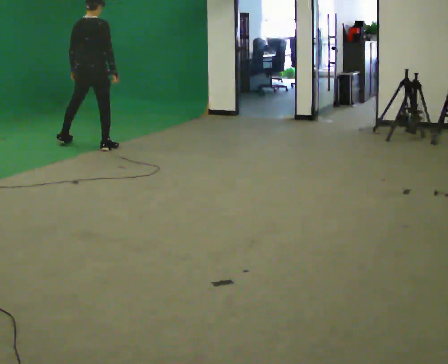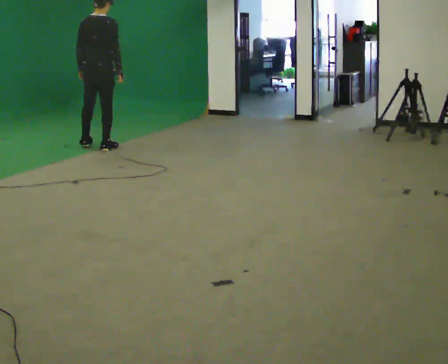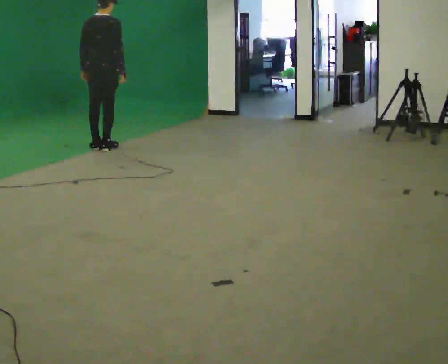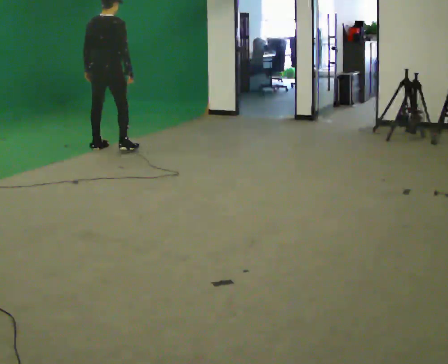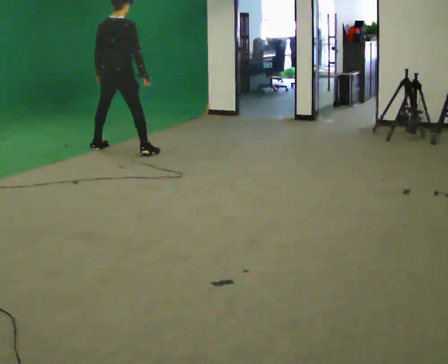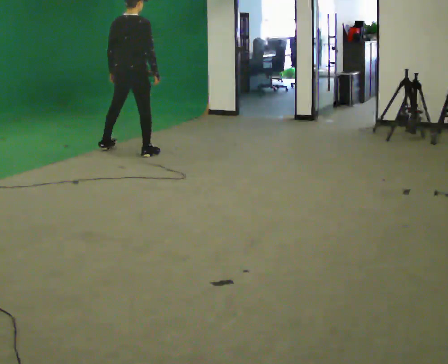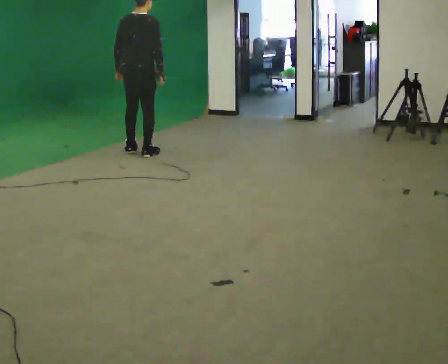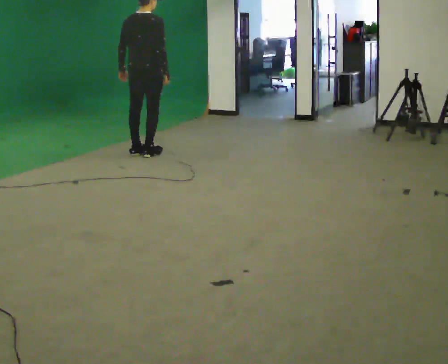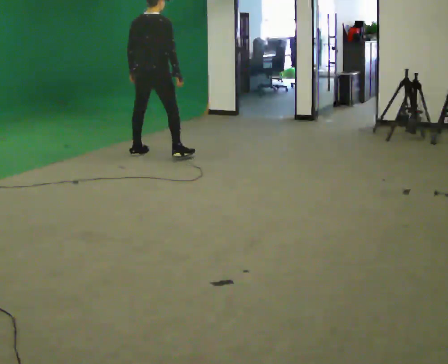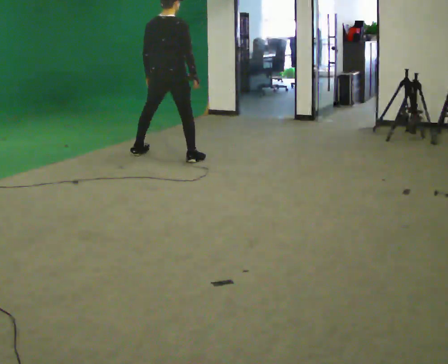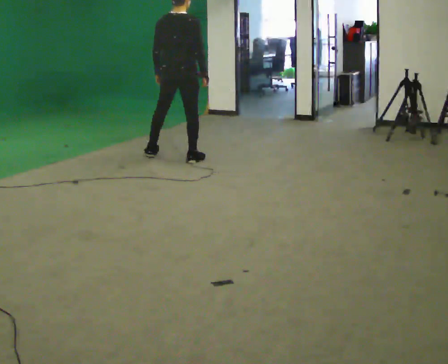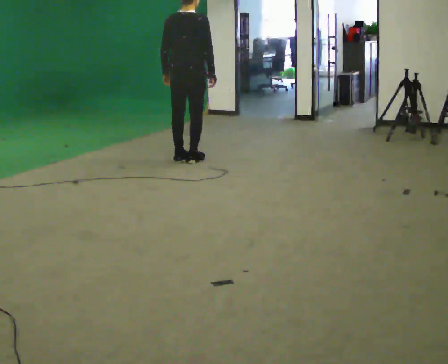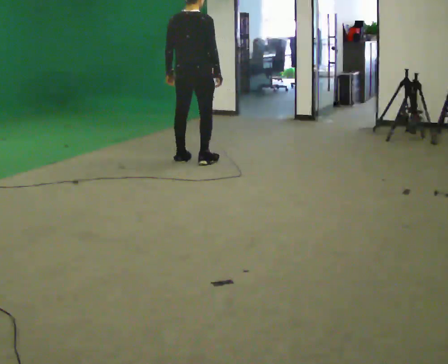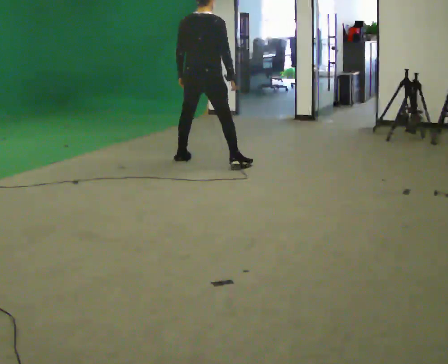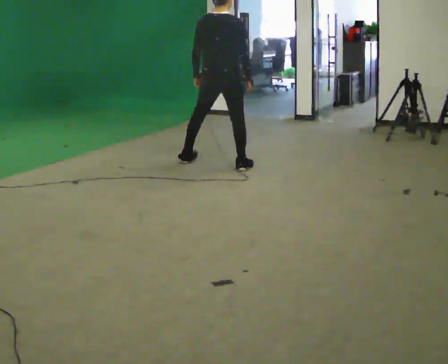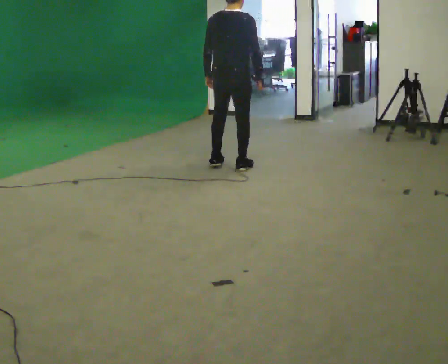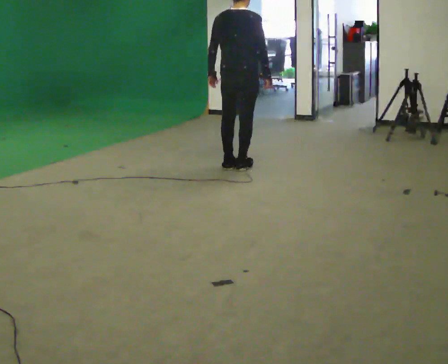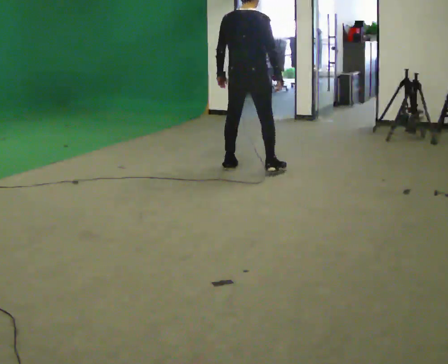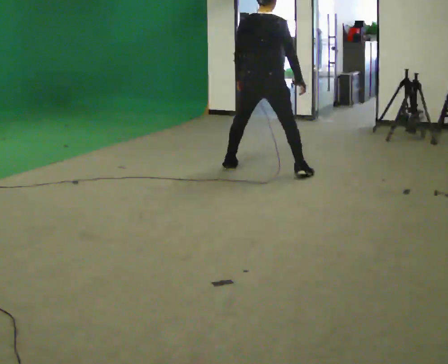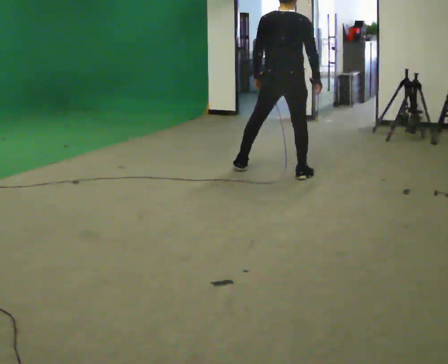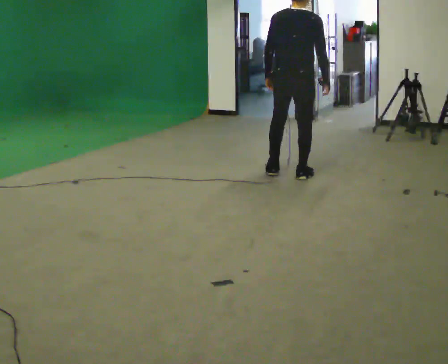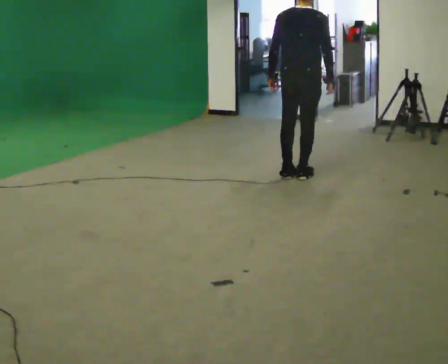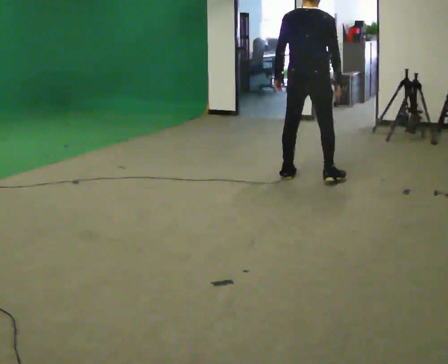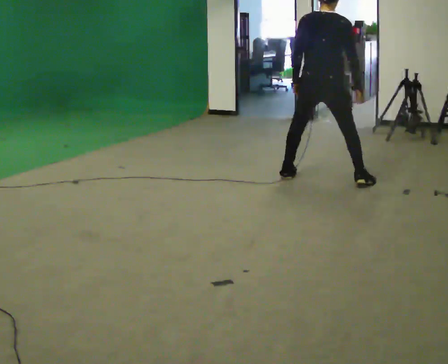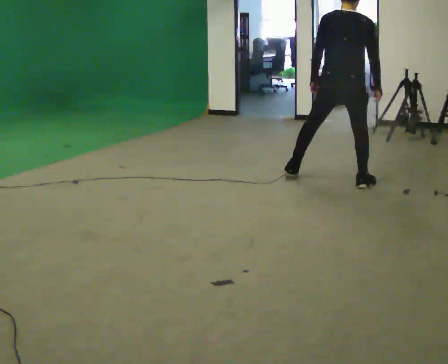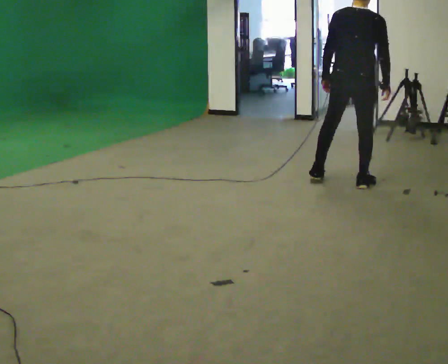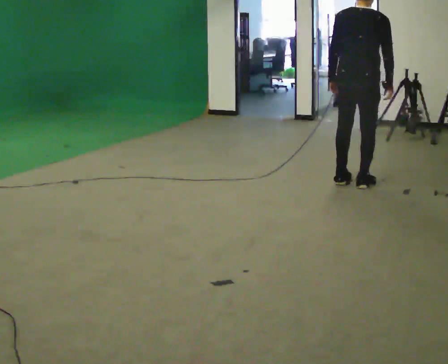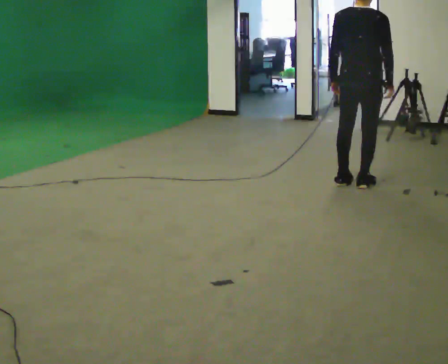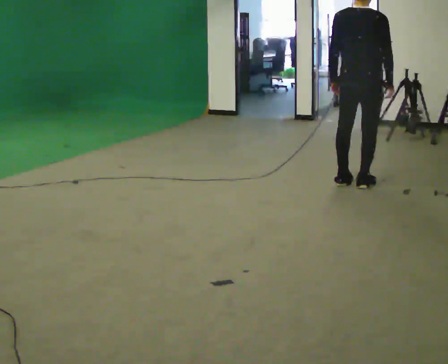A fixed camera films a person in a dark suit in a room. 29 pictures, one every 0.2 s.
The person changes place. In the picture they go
to the right.
0.0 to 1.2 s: In the picture they go to the right and toward the camera, about 0.75 m in 2 steps, which for them is to their right.
1.2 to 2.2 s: In the picture they go to the right and toward the camera, about 0.5 m in 2 steps, which for them is to their right.
2.2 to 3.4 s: In the picture they go to the right and toward the camera, about 0.75 m in 3 steps, which for them is to their right.
3.4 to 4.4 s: In the picture they go to the right and toward the camera, about 0.5 m in 2 steps, which for them is to their right.
4.4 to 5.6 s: In the picture they go to the right and toward the camera, about 0.5 m in 1 step, which for them is to their right.
The film runs backward here.
